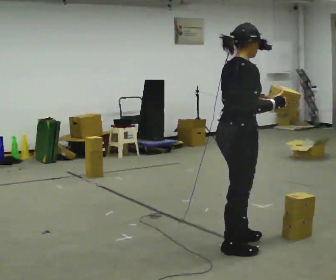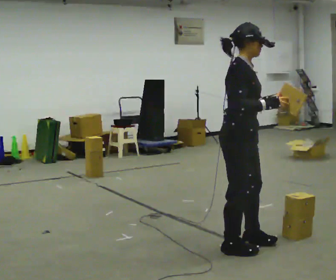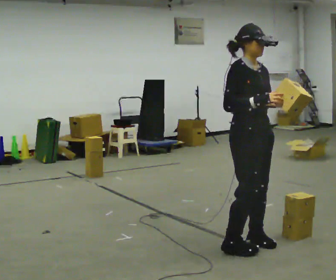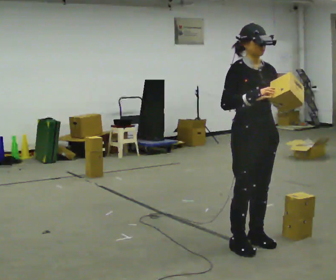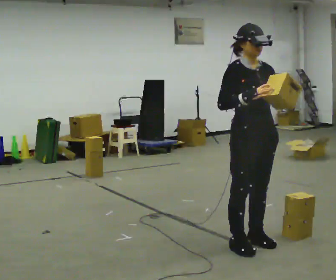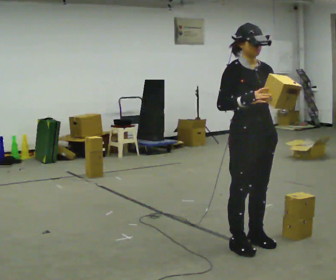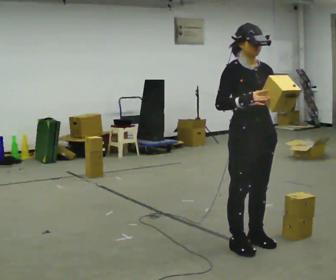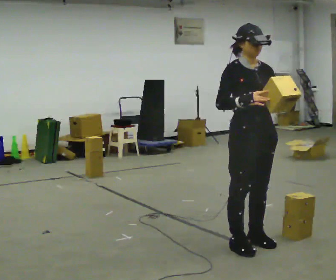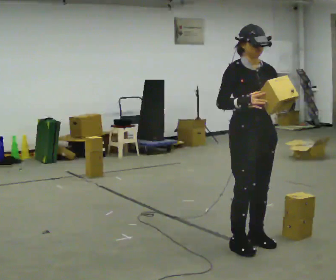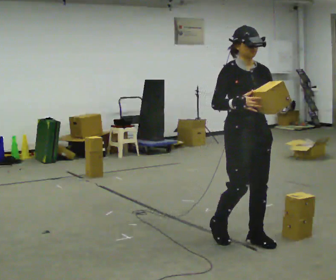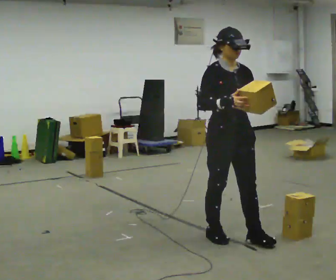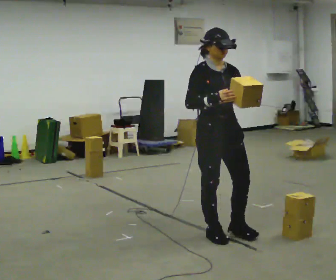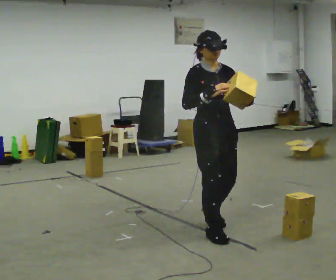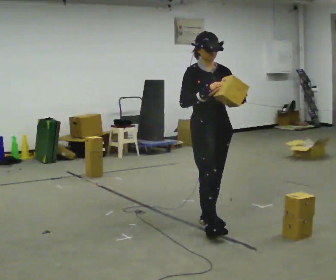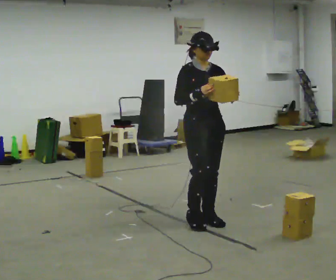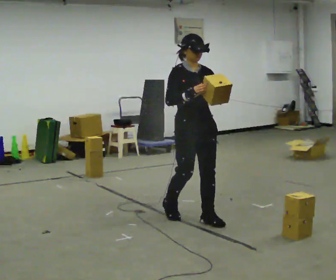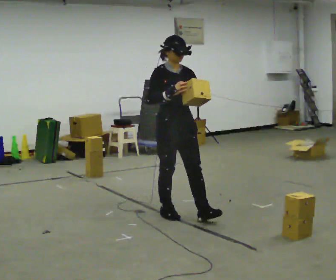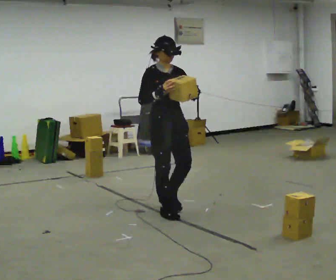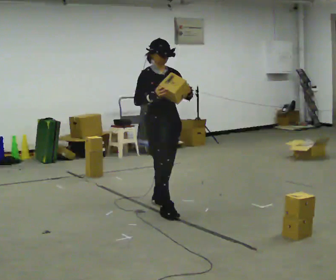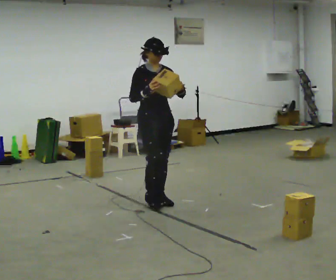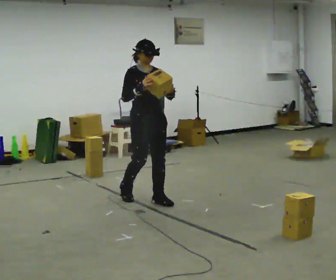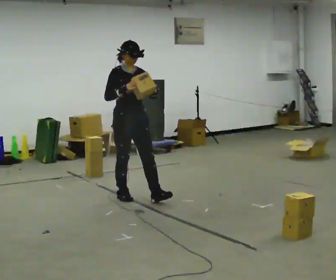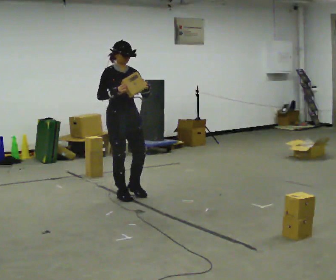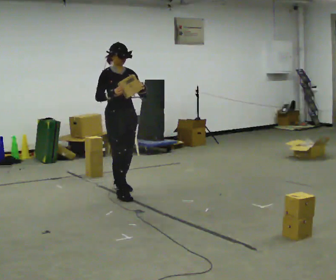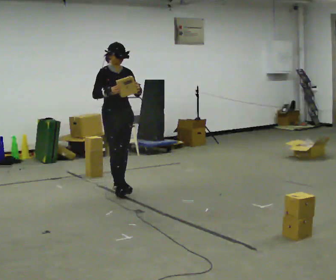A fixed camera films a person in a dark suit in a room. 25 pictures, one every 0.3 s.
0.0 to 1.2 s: The part of the body nearest the lens slides to the left as the person turns to their right by about 75 degrees.
1.2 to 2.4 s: The person moves a little, or ends about where they began.
2.4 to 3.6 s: In the picture they go to the left and away from the camera, about 0.5 m in 2 steps, which for them is backward.
3.6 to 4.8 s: In the picture they go away from the camera and to the left, about 0.5 m in 2 steps, which for them is backward.
4.8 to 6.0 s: In the picture they go away from the camera and to the left, about 0.5 m in 1 step, which for them is backward.
6.0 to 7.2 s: In the picture they go away from the camera and to the left, about 0.5 m in 2 steps, which for them is backward.
The film runs backward here.
